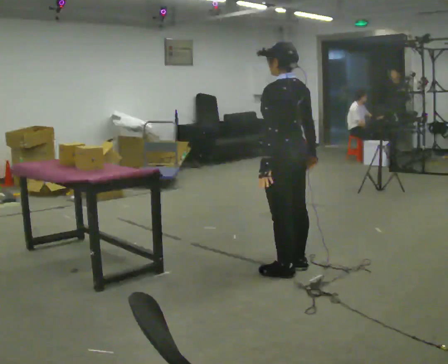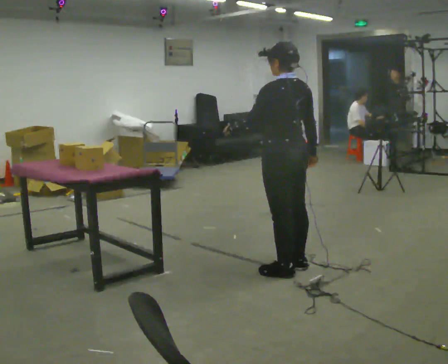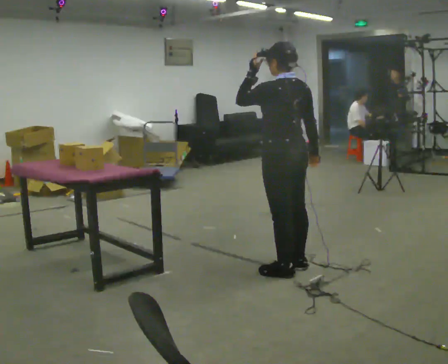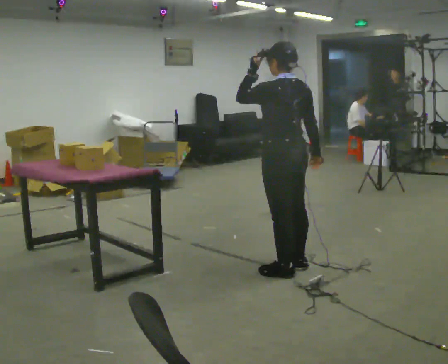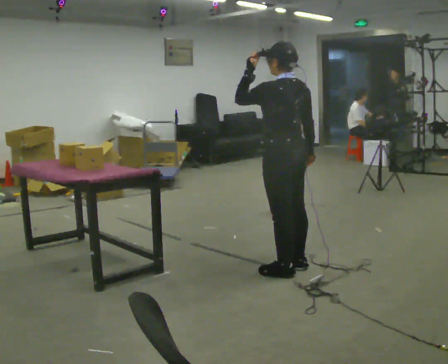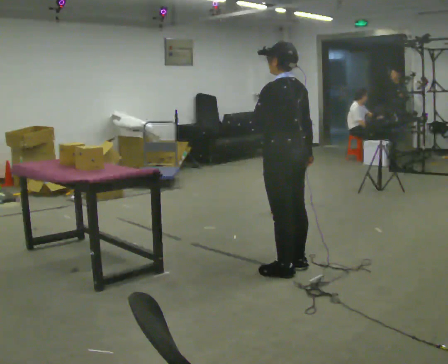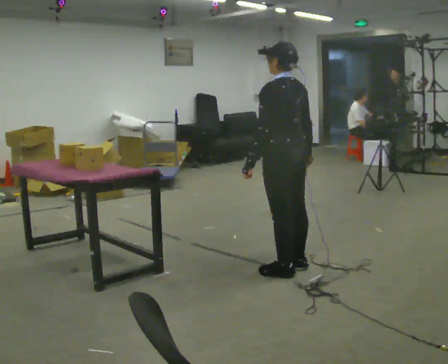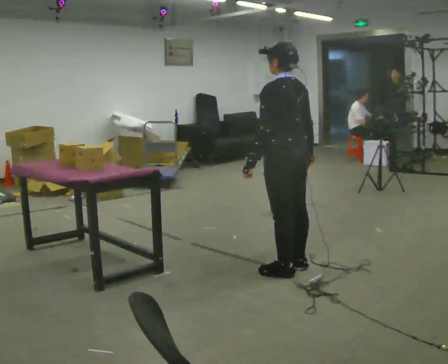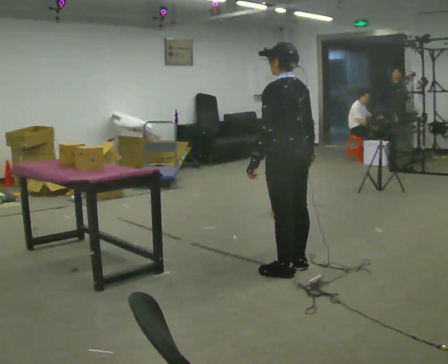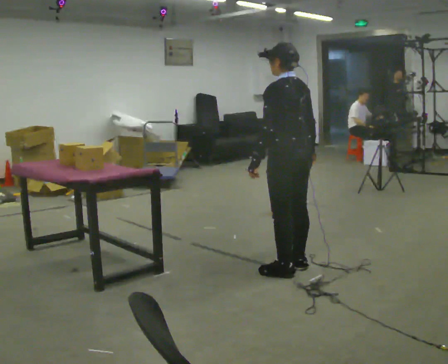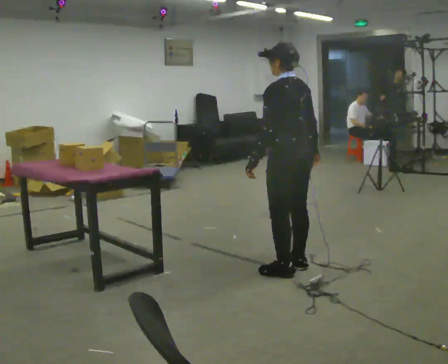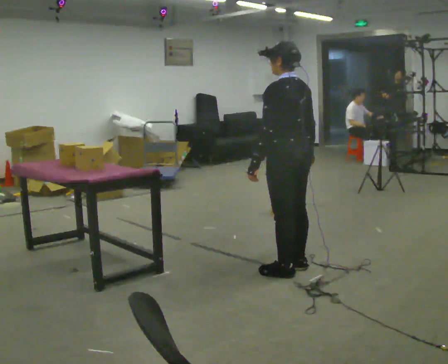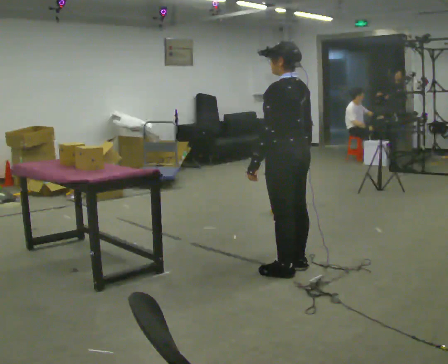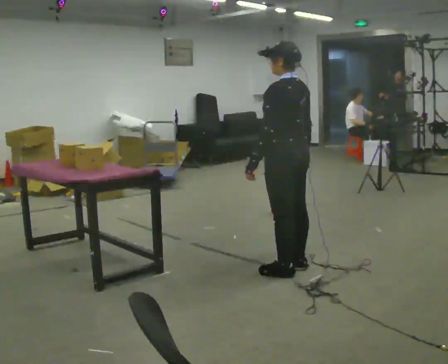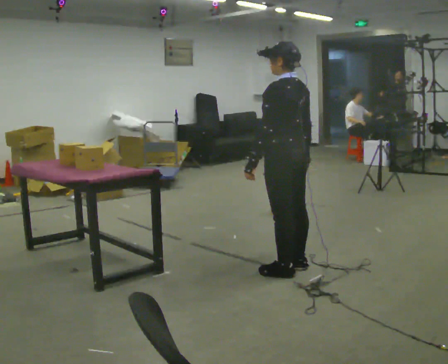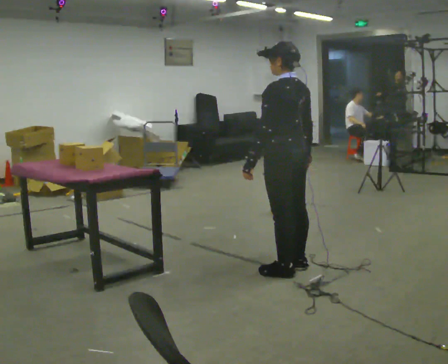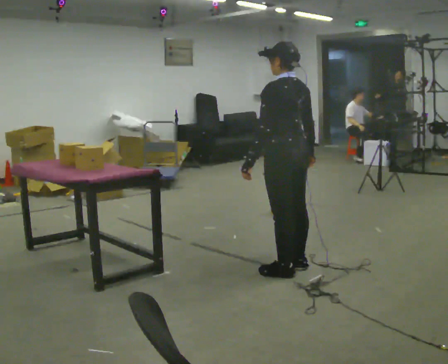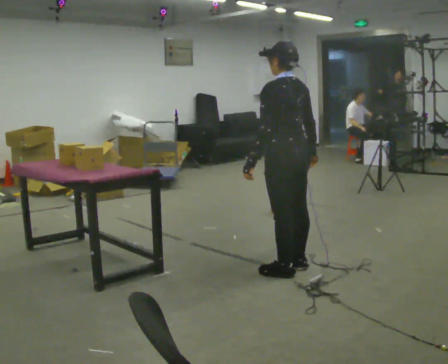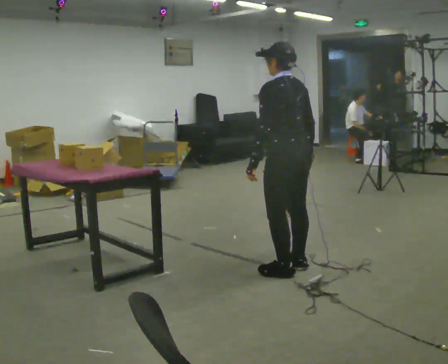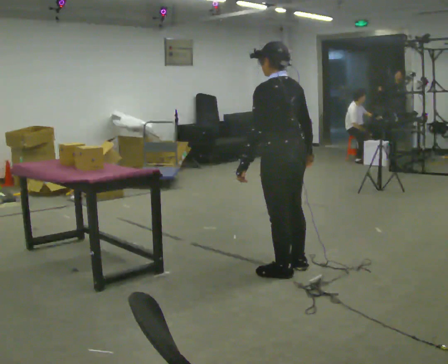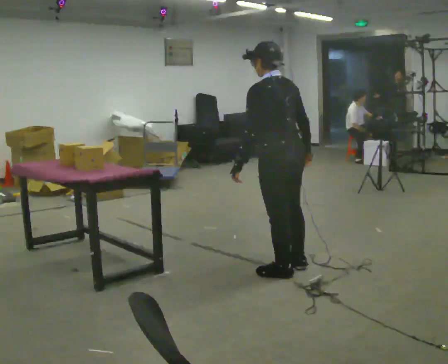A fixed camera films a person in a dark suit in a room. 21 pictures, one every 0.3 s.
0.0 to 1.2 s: In the picture their left hand goes upward.
1.2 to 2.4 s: In the picture their left hand goes downward.
2.4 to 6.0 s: The person moves a little, or ends about where they began.
The film runs backward here.
